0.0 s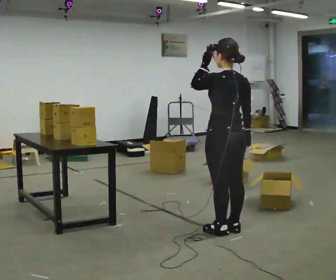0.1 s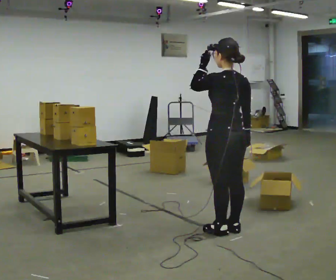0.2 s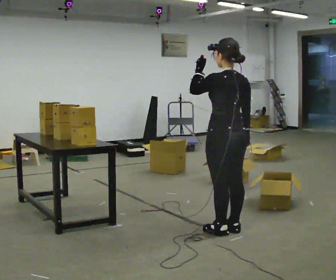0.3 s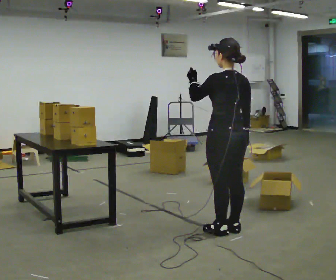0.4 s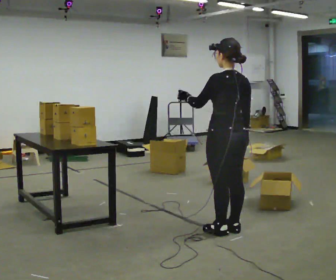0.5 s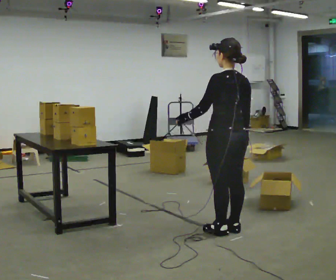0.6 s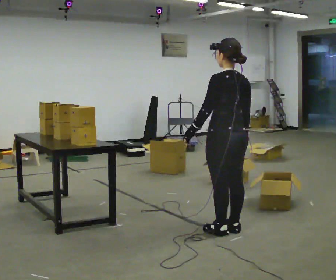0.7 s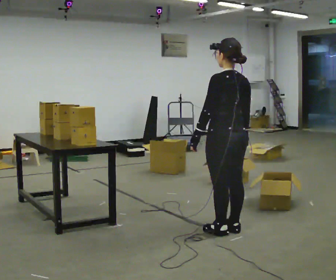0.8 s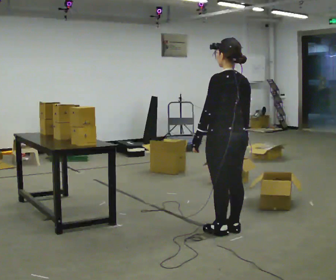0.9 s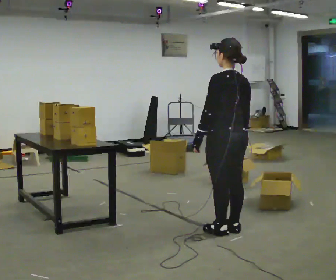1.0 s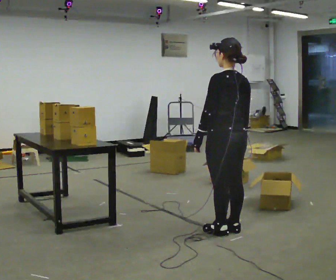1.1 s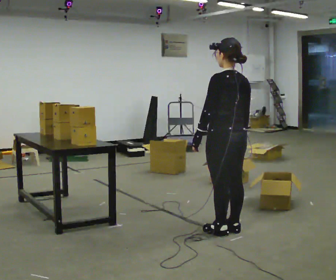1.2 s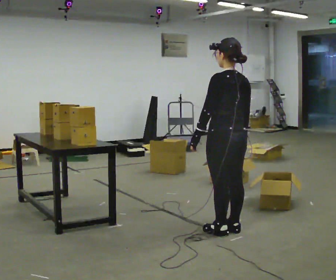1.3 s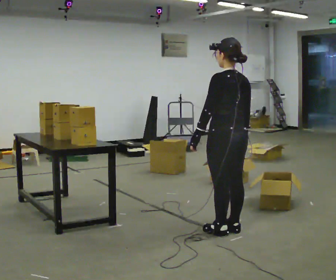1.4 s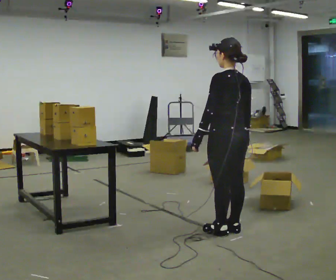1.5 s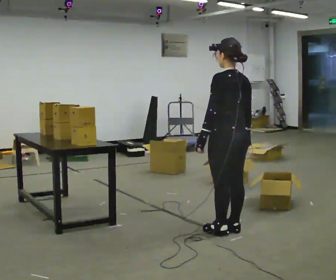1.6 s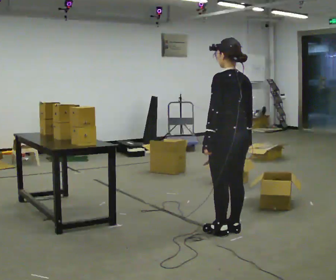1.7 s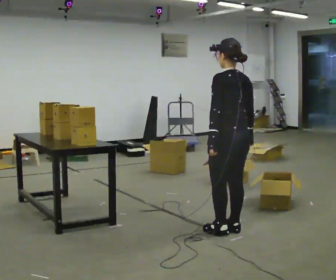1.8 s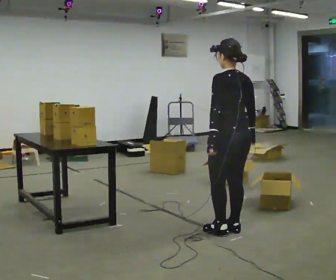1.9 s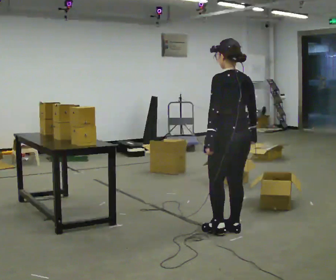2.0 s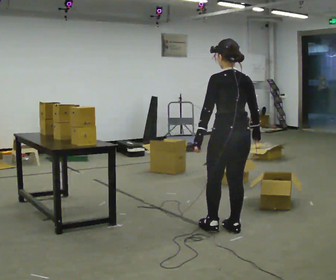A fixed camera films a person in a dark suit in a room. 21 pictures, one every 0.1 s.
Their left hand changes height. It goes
downward.
0.0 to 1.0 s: In the picture their left hand goes downward.
1.0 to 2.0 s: The person moves a little, or ends about where they began.
The film runs backward here.
